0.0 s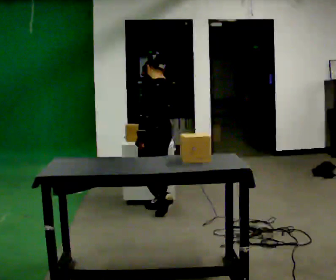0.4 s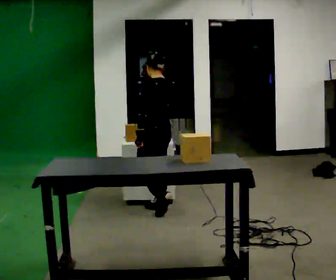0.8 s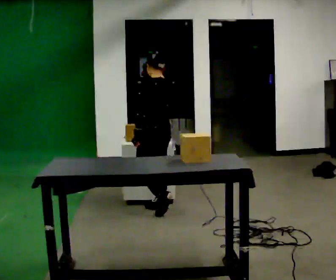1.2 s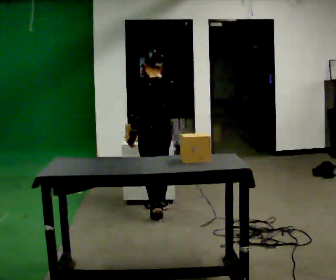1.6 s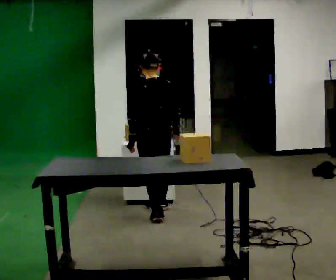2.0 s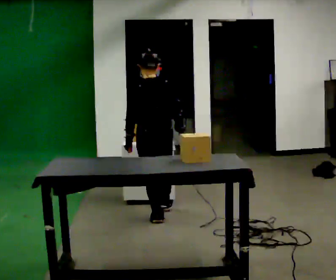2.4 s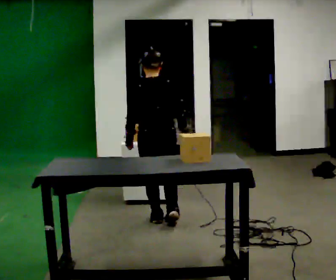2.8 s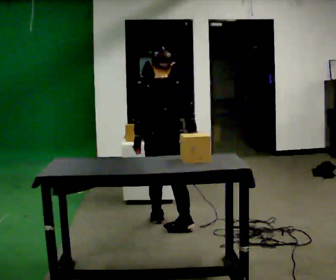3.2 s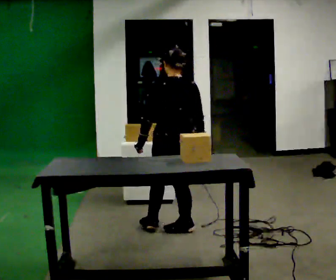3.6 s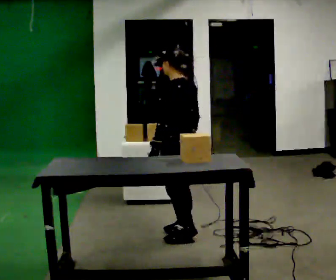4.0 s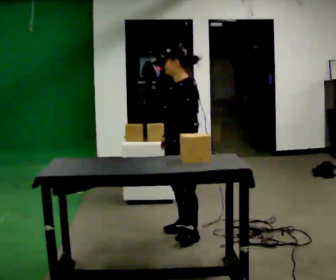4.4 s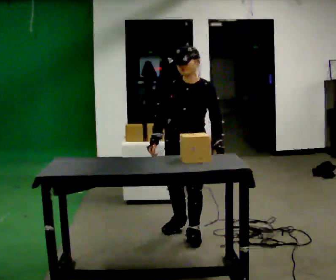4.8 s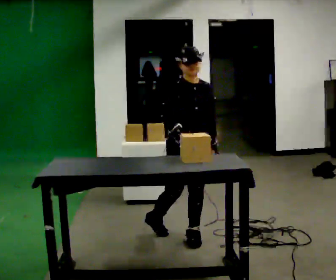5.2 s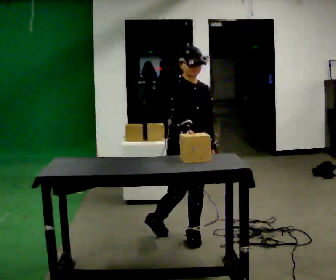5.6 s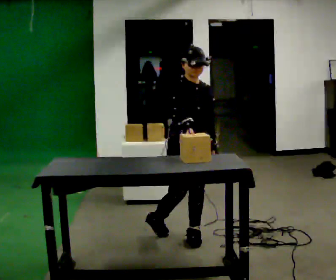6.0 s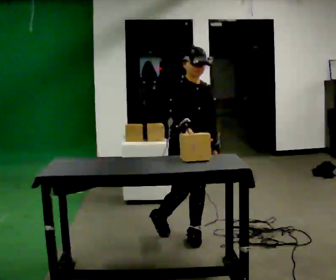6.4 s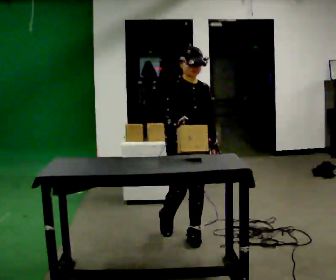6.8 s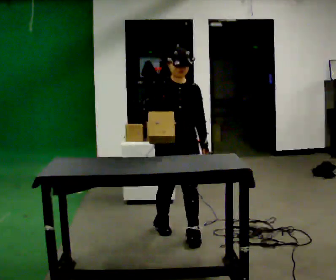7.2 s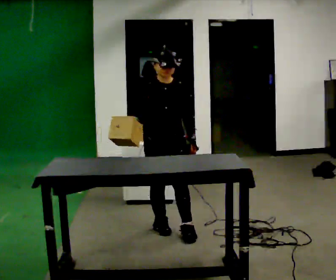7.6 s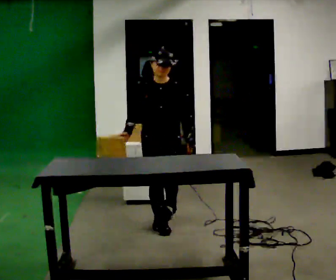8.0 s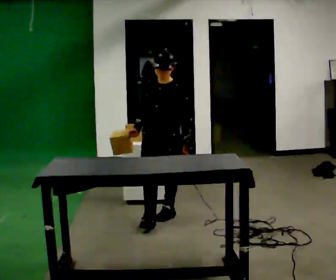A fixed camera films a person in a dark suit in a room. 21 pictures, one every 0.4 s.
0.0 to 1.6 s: In the picture they go toward the camera, about 0.25 m in 1 step, which for them is to their left.
1.6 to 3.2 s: In the picture they go toward the camera and to the right, about 0.5 m in 2 steps, which for them is backward.
3.2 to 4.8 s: The part of the body nearest the lens slides to the right as the person turns to their left by about 180 degrees. In the picture they go toward the camera, about 0.25 m in 1 step.
4.8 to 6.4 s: The person moves a little, or ends about where they began.
6.4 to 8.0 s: Seen from above the body turns clockwise, about 30 degrees: to their right, with its near side sliding to the left. In the picture they go away from the camera and to the left, about 0.5 m in 3 steps, which for them is backward.
The film runs backward here.
